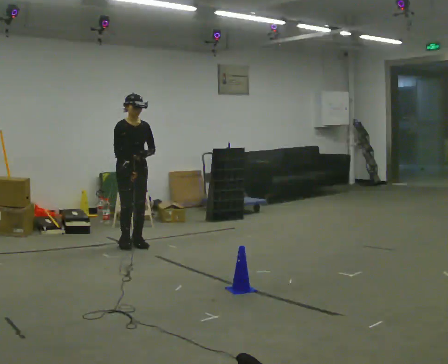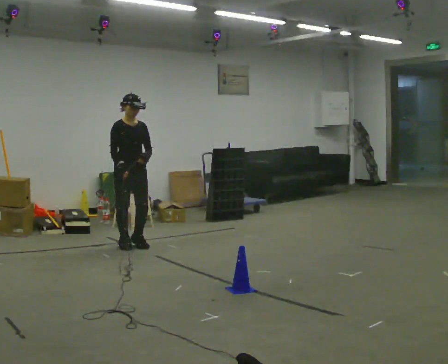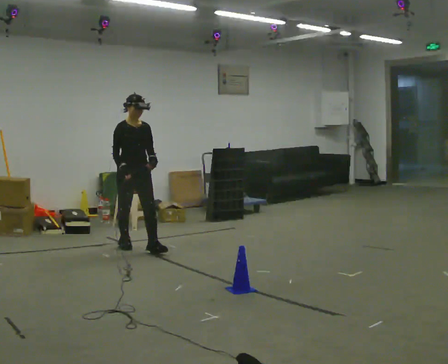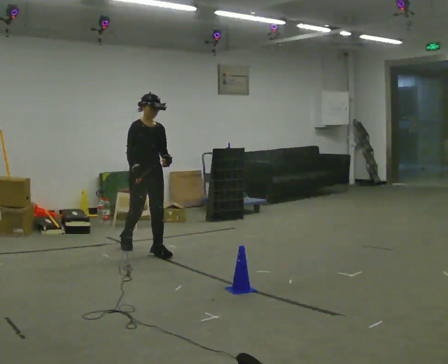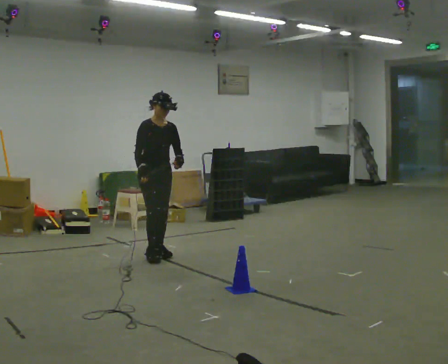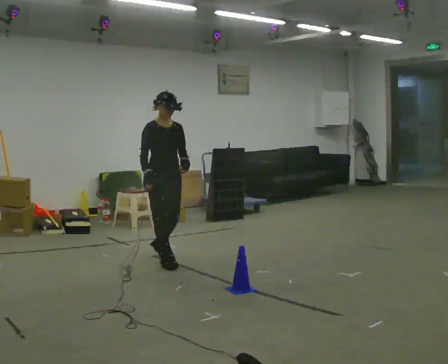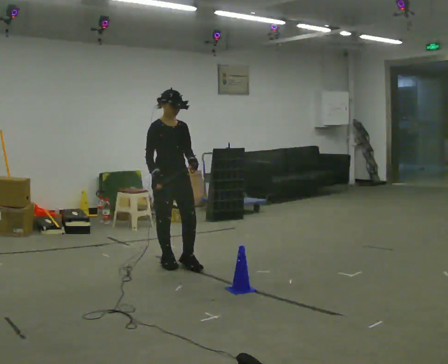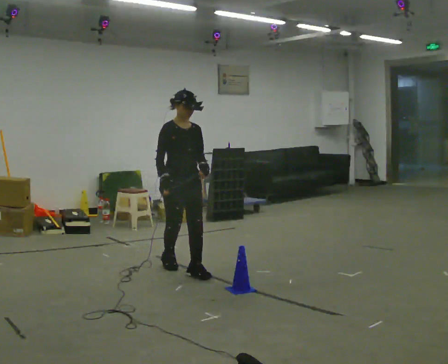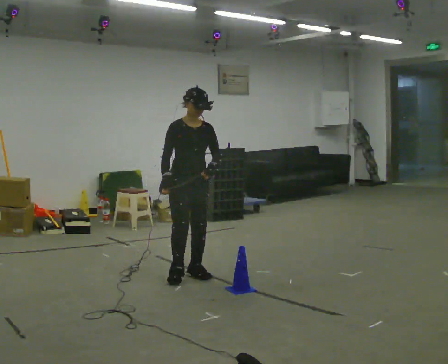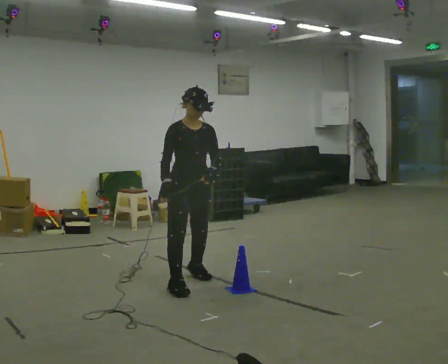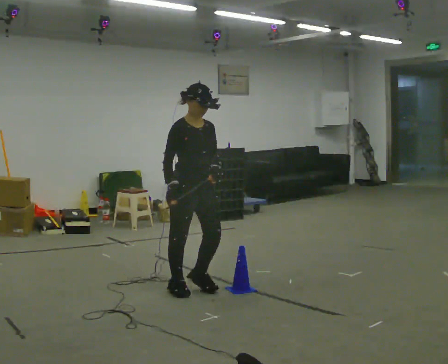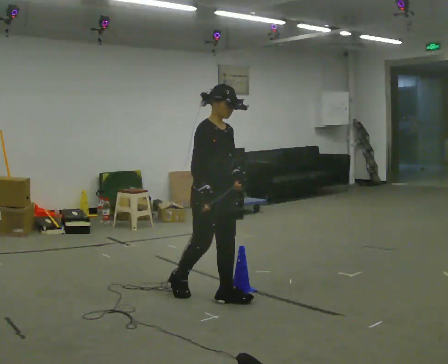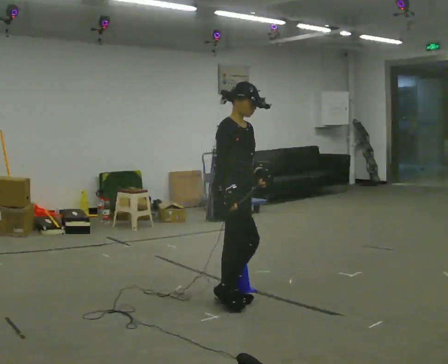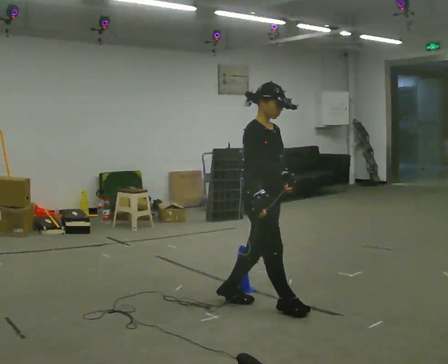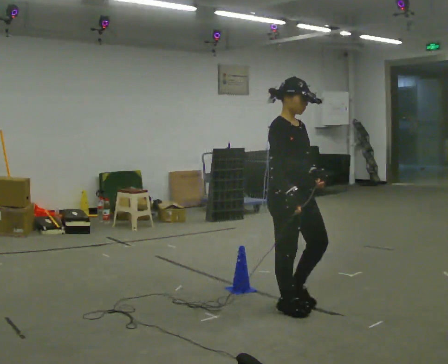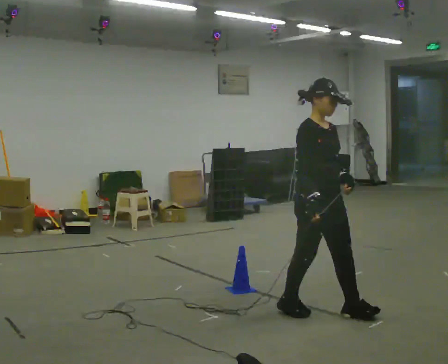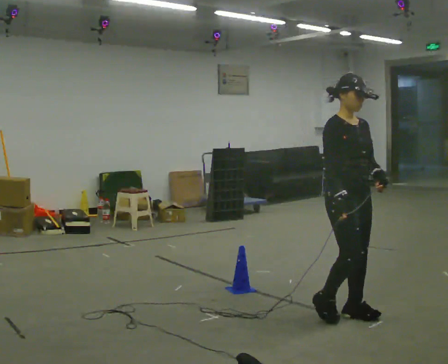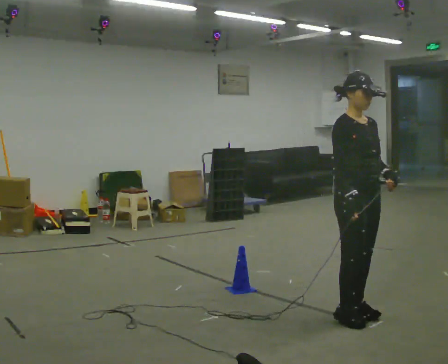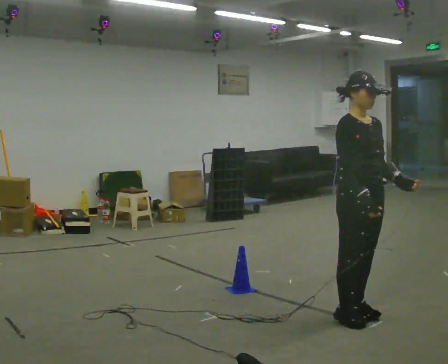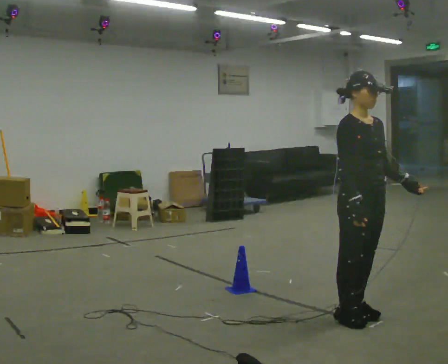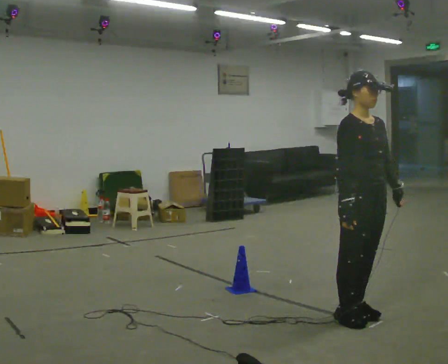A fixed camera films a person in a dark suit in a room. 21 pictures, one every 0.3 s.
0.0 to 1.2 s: In the picture they go toward the camera and to the right, about 0.5 m in 1 step, which for them is forward.
1.2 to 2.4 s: In the picture they go toward the camera and to the right, about 1 m in 2 steps, which for them is forward.
2.4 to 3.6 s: Seen from above the body turns counterclockwise, about 45 degrees: to their left, with its near side sliding to the right. In the picture they go toward the camera and to the right, about 0.5 m in 2 steps, which for them is forward.
3.6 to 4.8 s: The part of the body nearest the lens slides to the left as the person turns to their right by about 30 degrees. In the picture they go to the right and toward the camera, about 1 m in 2 steps, which for them is forward.
4.8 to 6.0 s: The person moves a little, or ends about where they began.
The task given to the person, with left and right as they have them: Walk toward obstacle; alter path to avoid it; continue toward original destination.
The film runs forward here.
